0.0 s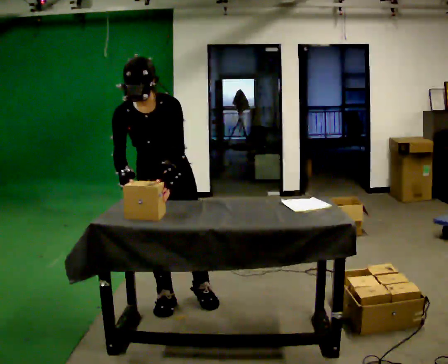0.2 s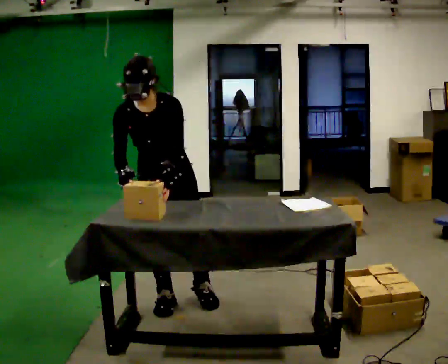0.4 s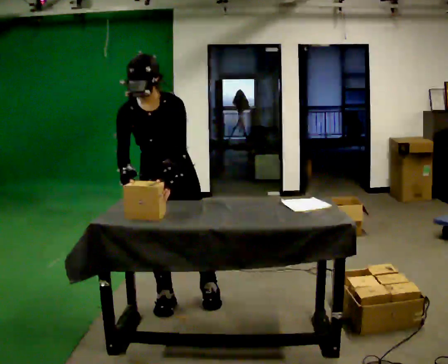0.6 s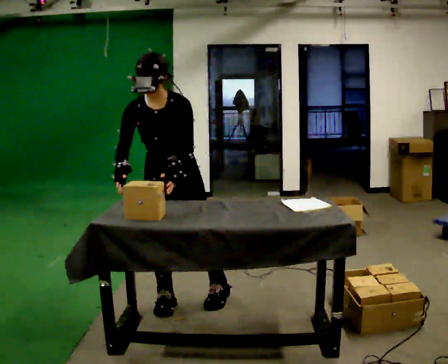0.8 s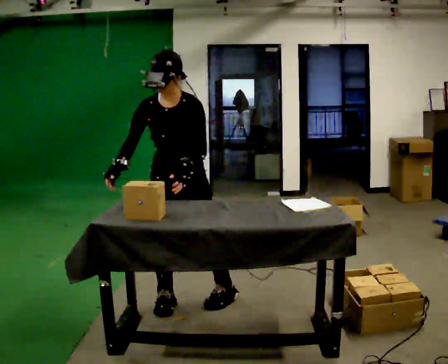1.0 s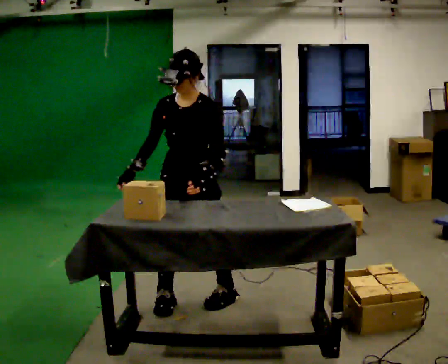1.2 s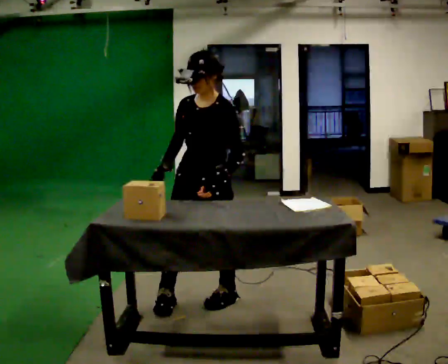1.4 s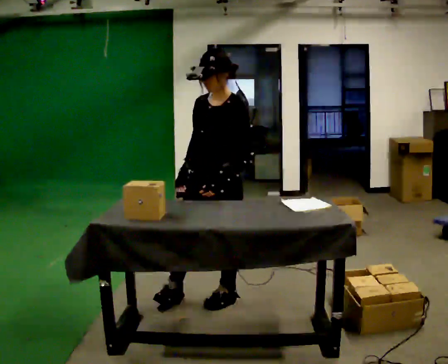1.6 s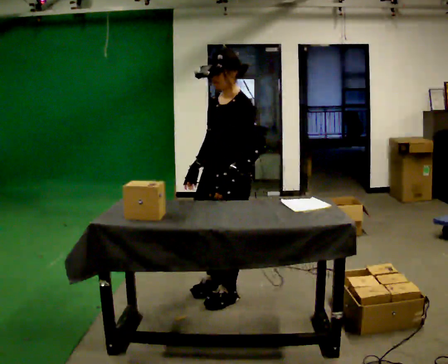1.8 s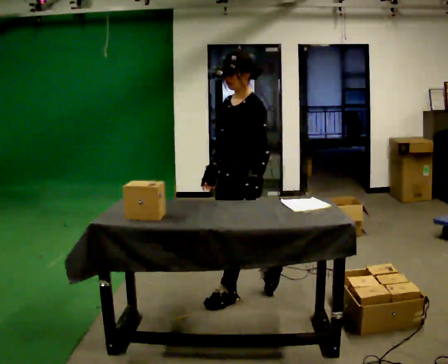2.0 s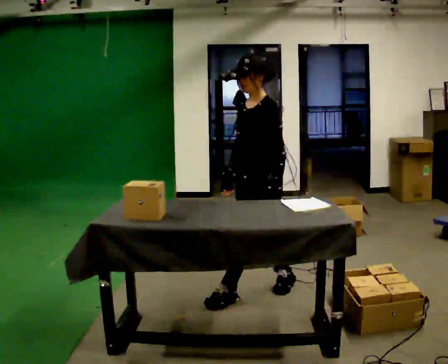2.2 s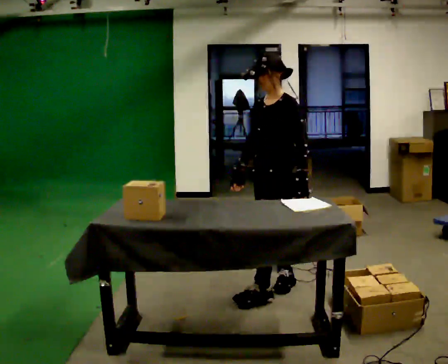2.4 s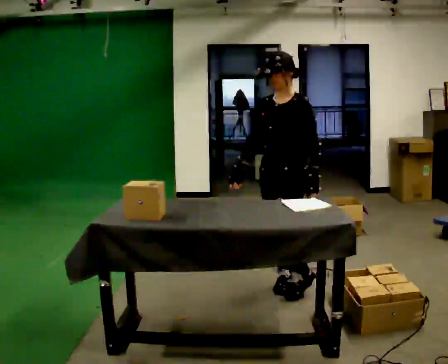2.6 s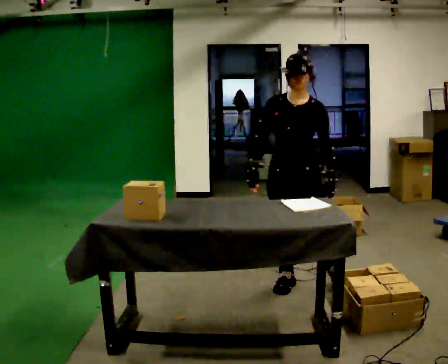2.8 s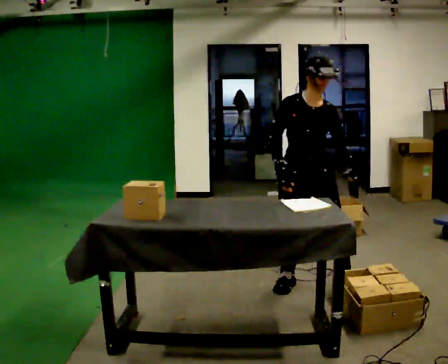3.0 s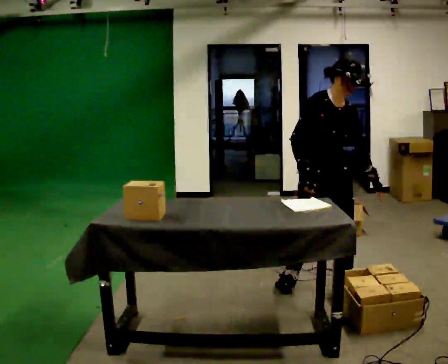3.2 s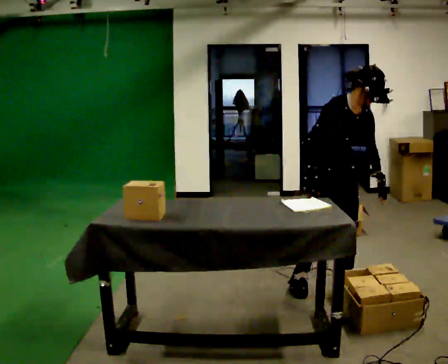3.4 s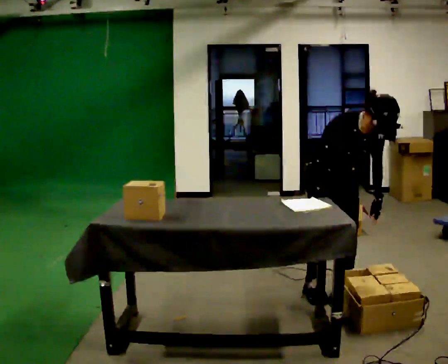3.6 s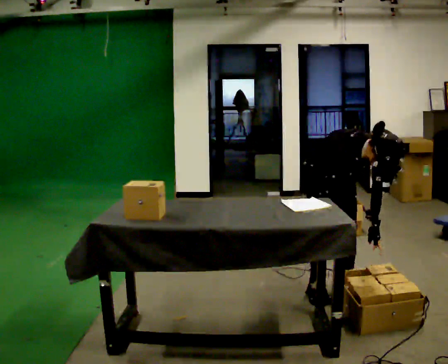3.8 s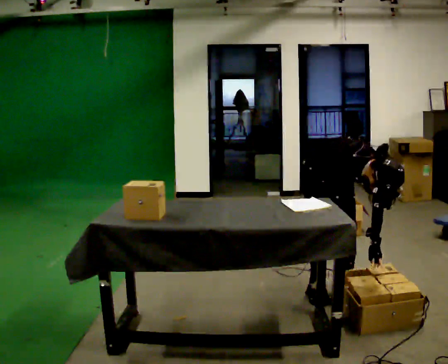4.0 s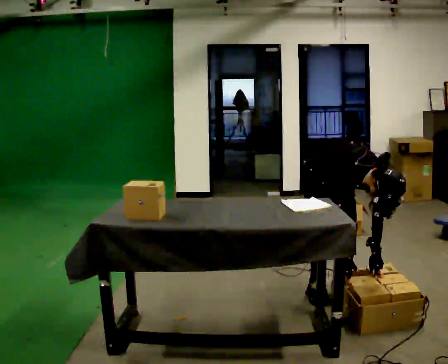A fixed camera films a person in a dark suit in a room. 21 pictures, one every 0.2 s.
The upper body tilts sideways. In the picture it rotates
clockwise.
The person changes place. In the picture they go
to the right.
0.0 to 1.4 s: The part of the body nearest the lens slides to the left as the person turns to their right by about 45 degrees. In the picture they go to the right, about 0.25 m in 2 steps, which for them is to their left. The upper body tips away from the camera, its near side rolling upward, as they lean back or straighten.
1.4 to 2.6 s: In the picture they go to the right and away from the camera, about 0.5 m in 1 step, which for them is backward.
2.6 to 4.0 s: The part of the body nearest the lens slides to the right as the person turns to their left by about 45 degrees. In the picture they go to the right, about 0.25 m in 1 step, which for them is to their left. The shoulders move downward. The upper body tips toward the camera, its near side rolling downward, as they bend forward. In the picture their right hand goes to the right and downward.
The film runs backward here.
